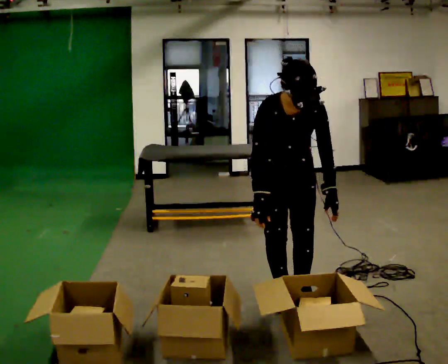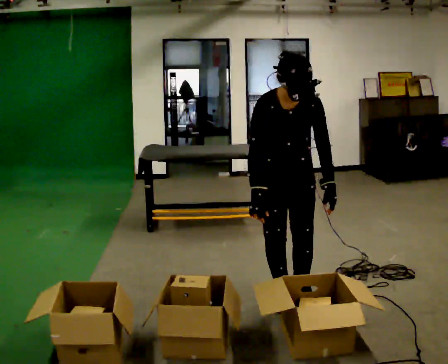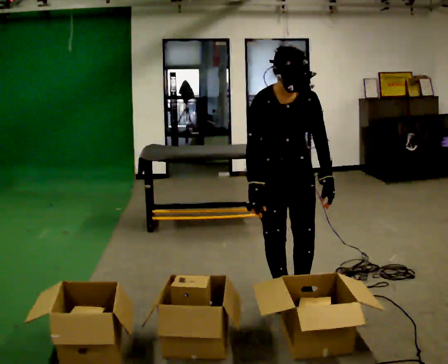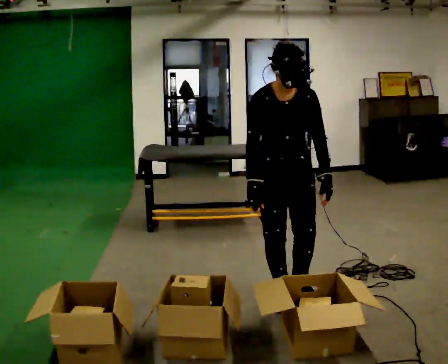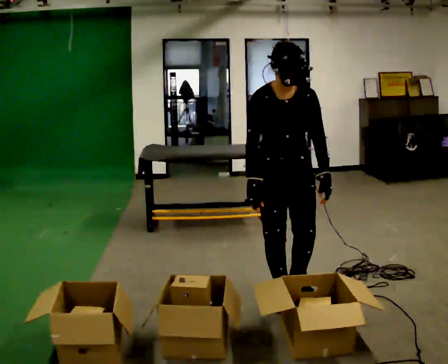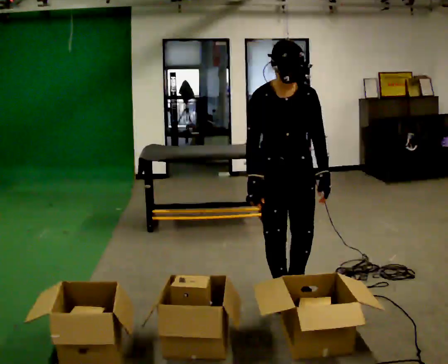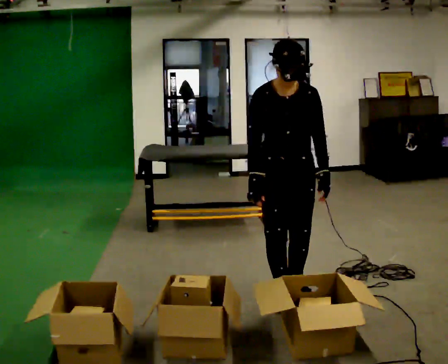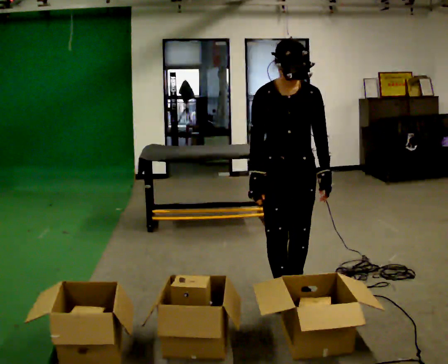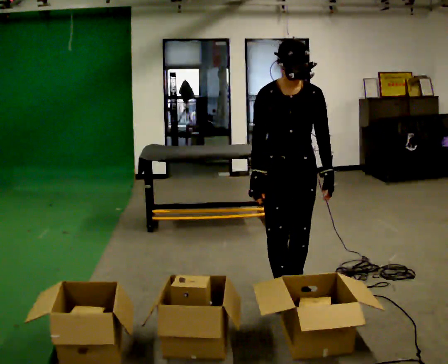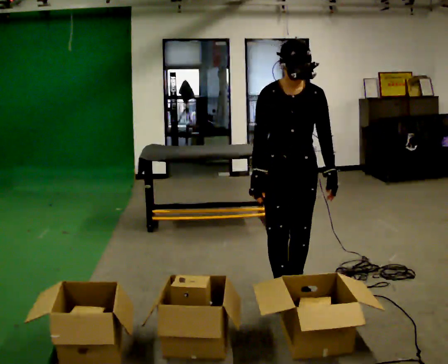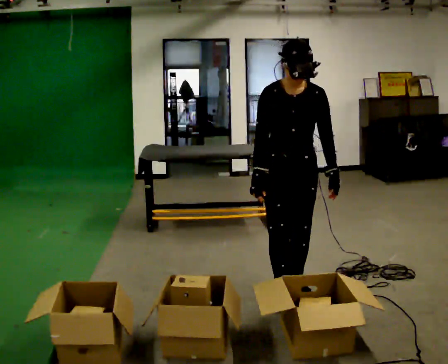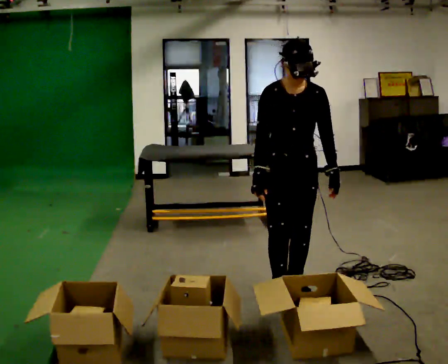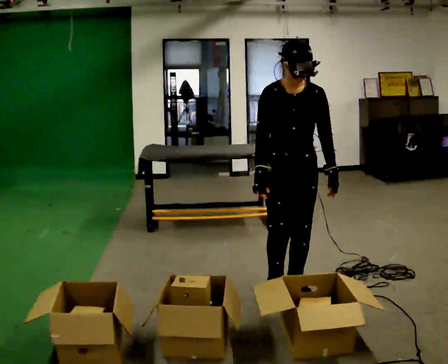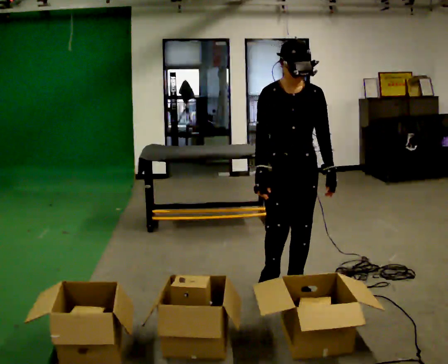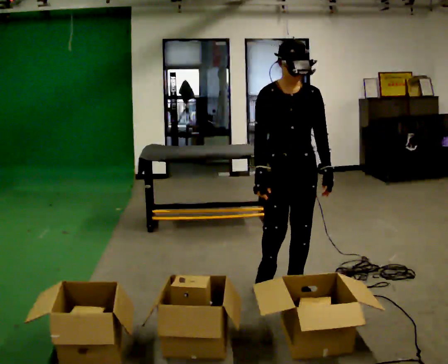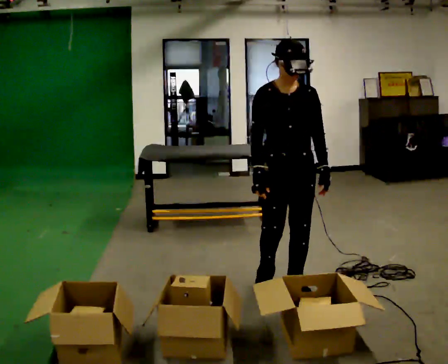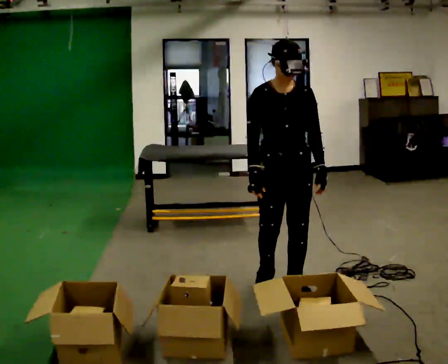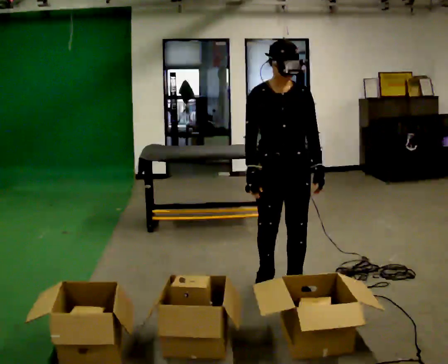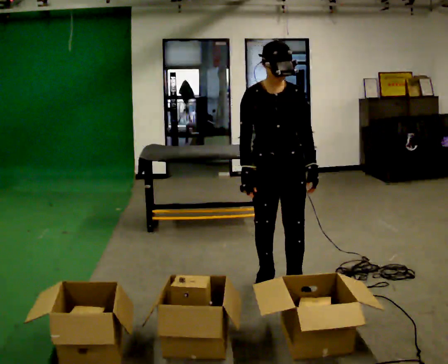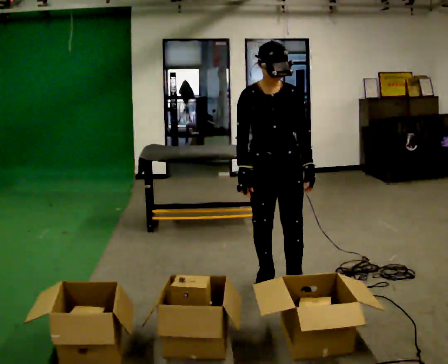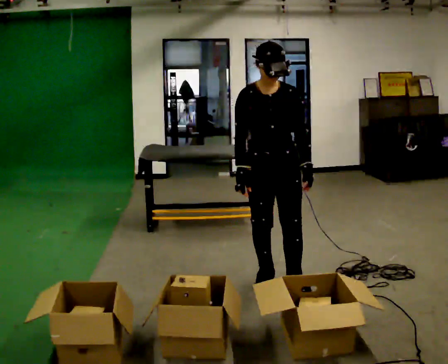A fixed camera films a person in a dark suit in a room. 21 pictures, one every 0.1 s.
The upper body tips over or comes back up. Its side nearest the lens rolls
upward.
0.0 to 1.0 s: The upper body tips away from the camera, its near side rolling upward, as they lean back or straighten.
1.0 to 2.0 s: The person moves a little, or ends about where they began.
The film runs backward here.
